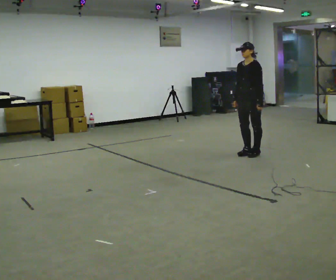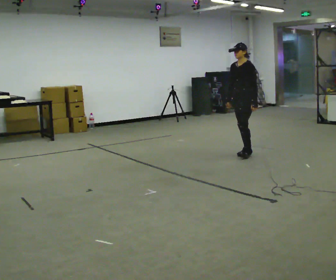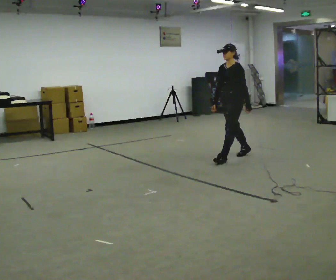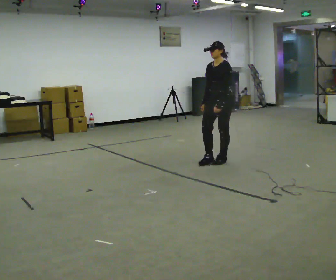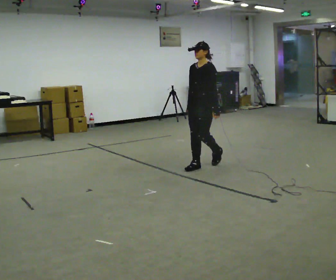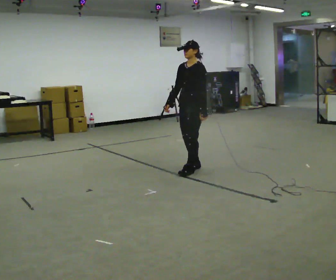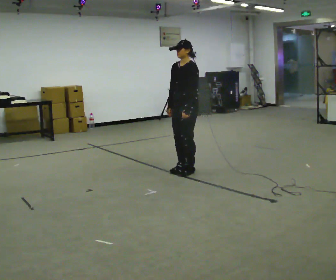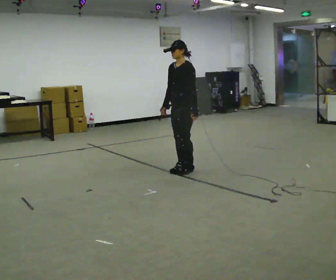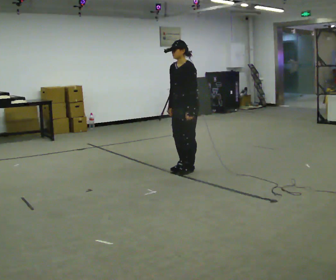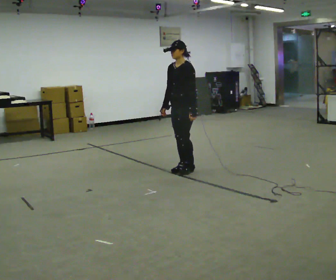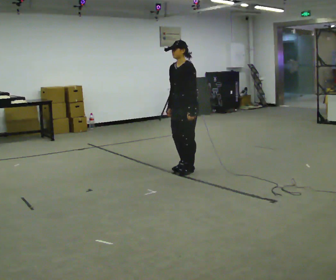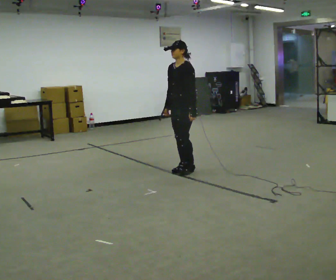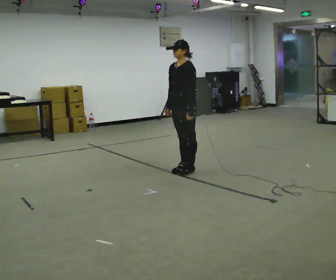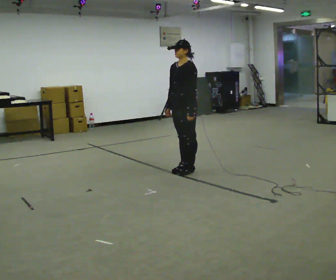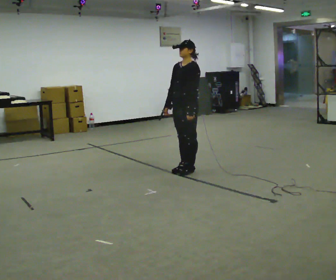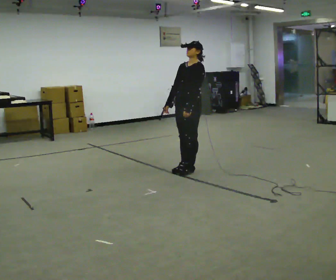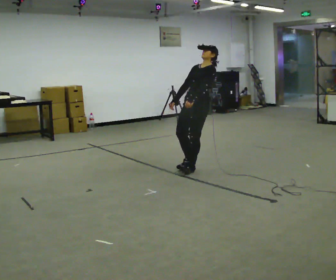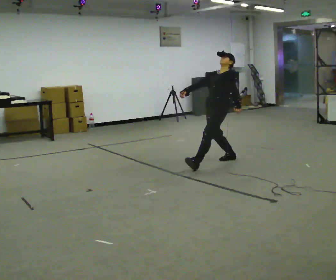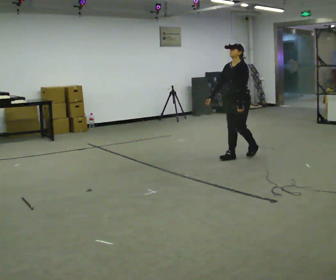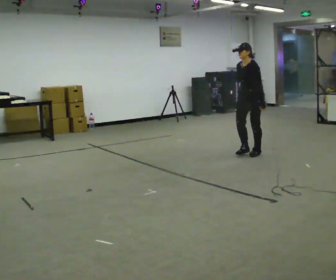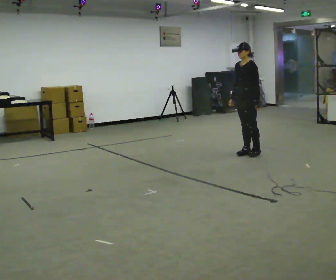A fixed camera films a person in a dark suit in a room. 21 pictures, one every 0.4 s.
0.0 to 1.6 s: In the picture they go to the left and toward the camera, about 1 m in 2 steps, which for them is forward.
1.6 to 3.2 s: In the picture they go to the left and toward the camera, about 0.25 m in 2 steps, which for them is forward.
3.2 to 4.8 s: The person moves a little, or ends about where they began.
4.8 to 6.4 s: In the picture they go to the right and away from the camera, about 0.25 m, which for them is backward. In the picture the upper body tilts clockwise, shoulders to the right, as they lean back or straighten.
6.4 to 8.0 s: In the picture they go away from the camera and to the right, about 1 m in 3 steps, which for them is backward.
The film runs forward here.
